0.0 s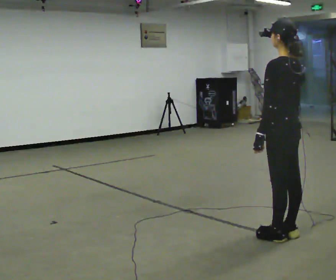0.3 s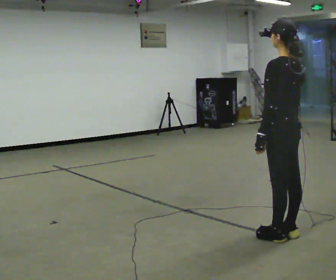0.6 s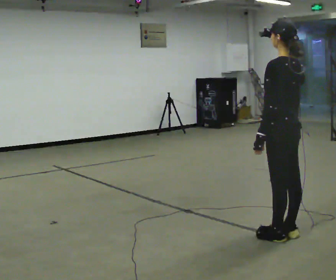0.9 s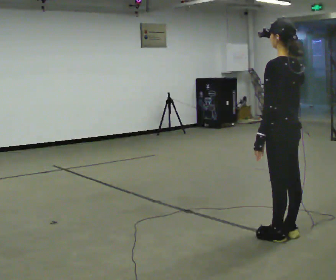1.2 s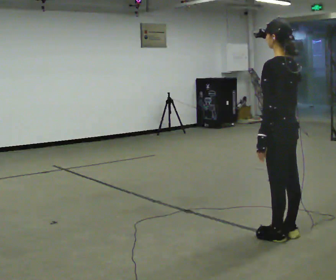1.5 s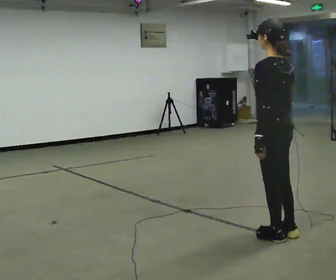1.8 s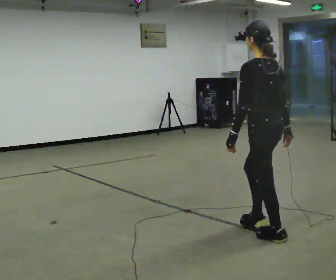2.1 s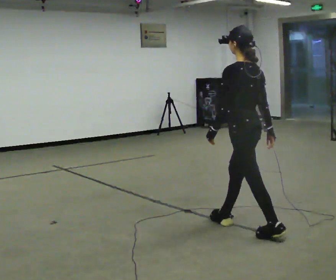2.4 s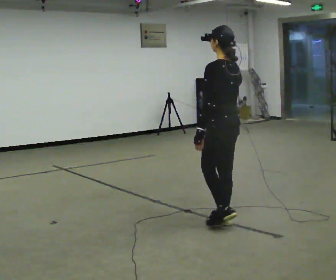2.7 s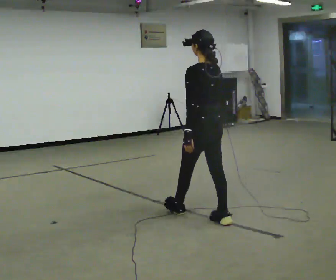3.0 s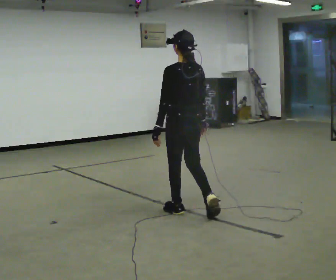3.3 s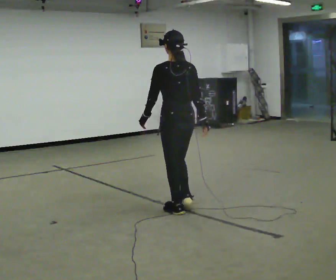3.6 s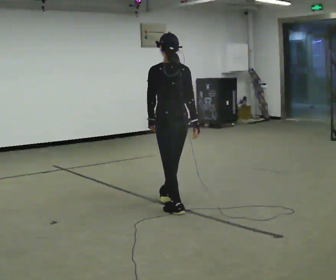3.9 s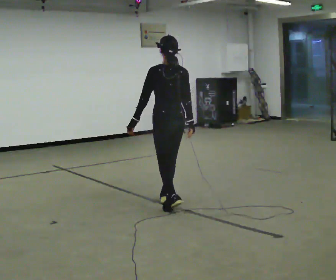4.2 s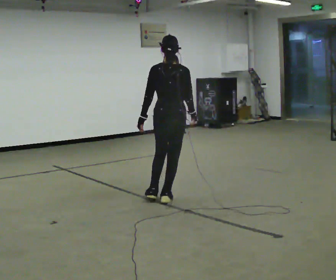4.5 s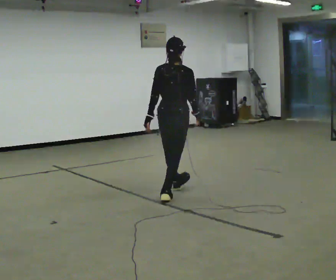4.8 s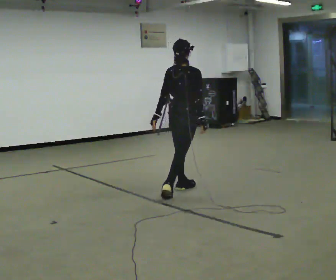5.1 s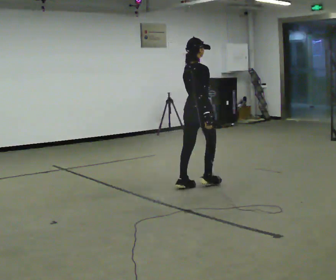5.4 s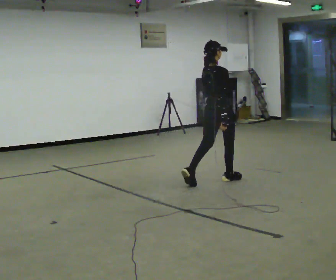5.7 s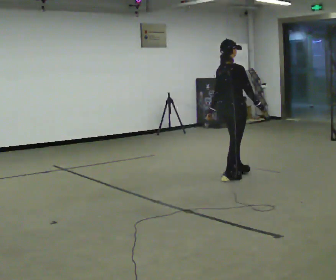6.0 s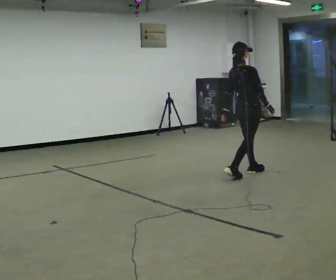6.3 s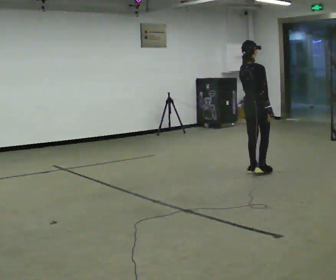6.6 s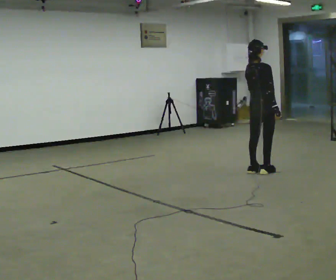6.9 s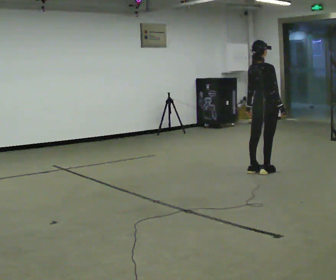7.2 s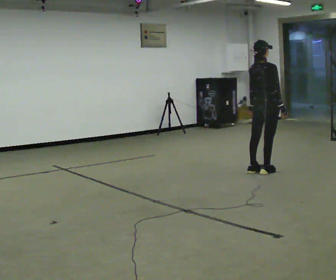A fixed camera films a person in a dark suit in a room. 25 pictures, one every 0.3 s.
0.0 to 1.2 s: The person moves a little, or ends about where they began.
1.2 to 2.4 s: In the picture they go away from the camera and to the left, about 0.5 m in 1 step, which for them is forward.
2.4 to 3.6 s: The person turns about 30 degrees to their right, clockwise seen from above, so the part of the body nearest the lens slides to the left. In the picture they go away from the camera and to the left, about 0.75 m in 2 steps, which for them is forward.
3.6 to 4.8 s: The person turns about 60 degrees to their right, clockwise seen from above, so the part of the body nearest the lens slides to the left. In the picture they go away from the camera, about 0.75 m in 1 step, which for them is forward.
4.8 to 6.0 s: In the picture they go to the right and away from the camera, about 1 m in 2 steps, which for them is forward.
6.0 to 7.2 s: In the picture they go to the right, about 0.25 m in 1 step, which for them is forward.
The film runs forward here.
